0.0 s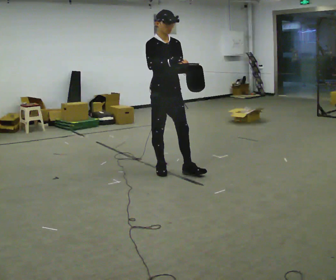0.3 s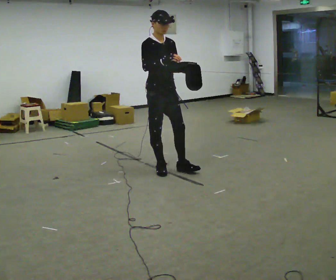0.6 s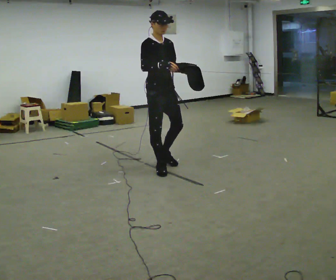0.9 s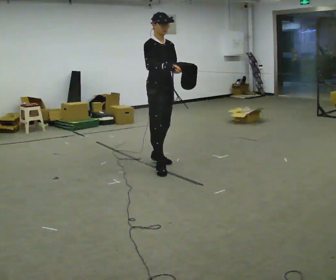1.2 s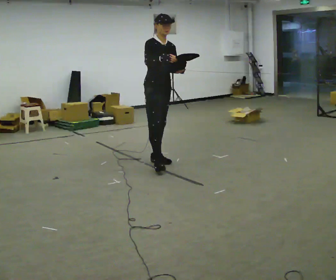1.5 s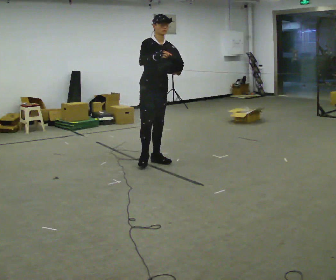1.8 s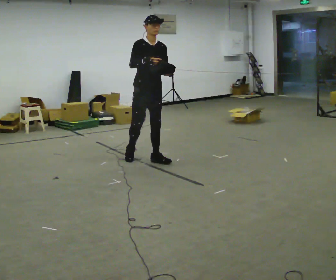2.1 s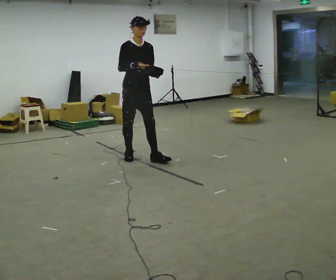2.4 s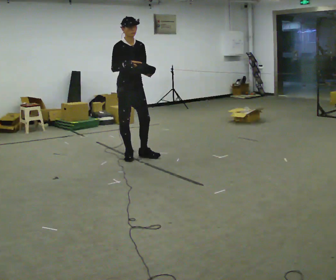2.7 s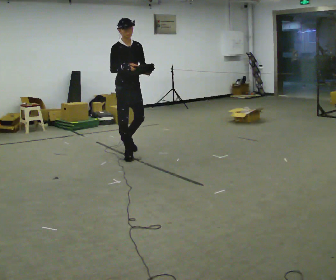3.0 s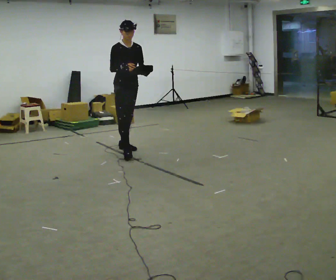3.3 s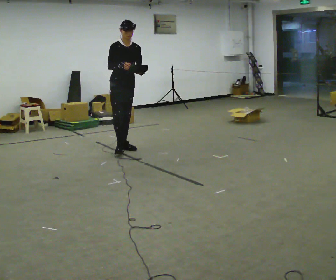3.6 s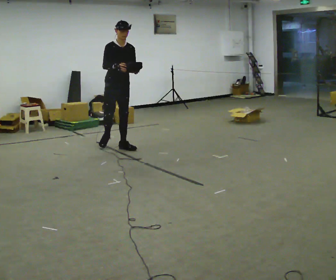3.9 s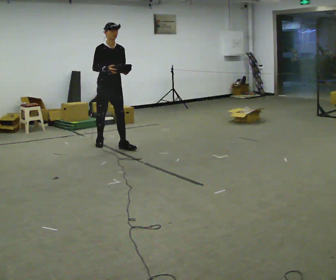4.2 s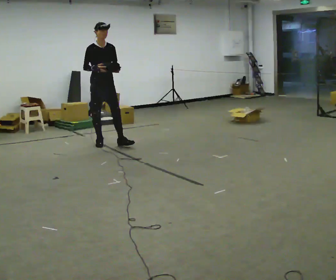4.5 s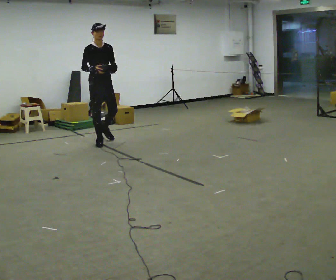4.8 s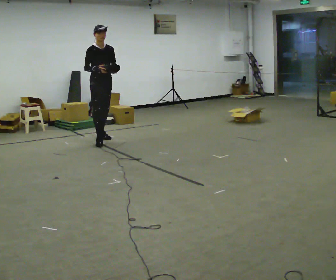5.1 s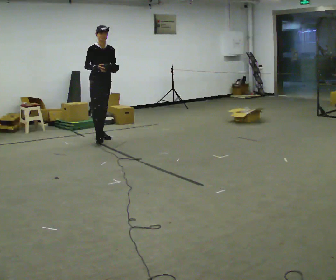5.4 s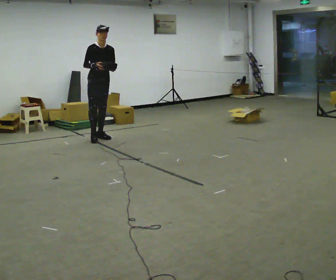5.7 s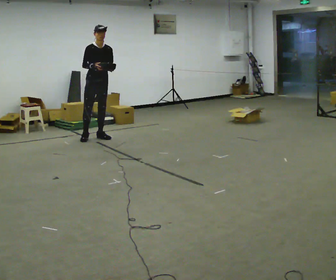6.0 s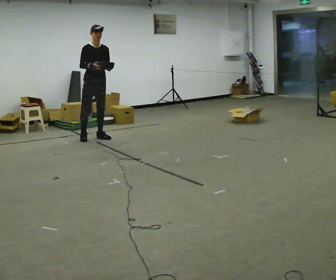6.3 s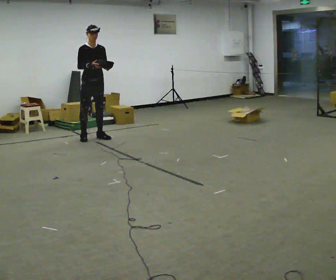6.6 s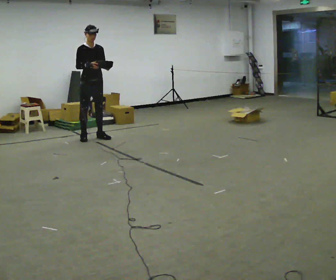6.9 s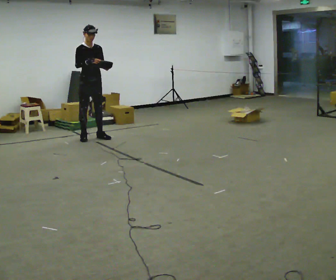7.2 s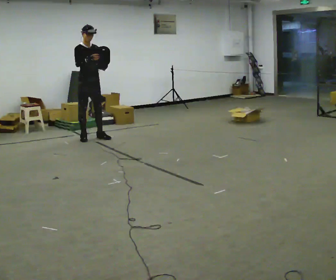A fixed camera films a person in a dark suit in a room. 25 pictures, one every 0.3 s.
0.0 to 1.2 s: In the picture they go away from the camera, about 0.25 m in 2 steps, which for them is backward and to their left.
1.2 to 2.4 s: In the picture they go away from the camera and to the left, about 0.5 m in 1 step, which for them is backward and to their right.
2.4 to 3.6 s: In the picture they go away from the camera, about 0.5 m in 1 step, which for them is backward.
3.6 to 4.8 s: In the picture they go away from the camera and to the left, about 0.5 m in 1 step, which for them is backward.
4.8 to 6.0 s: In the picture they go away from the camera, about 0.25 m in 1 step, which for them is backward.
6.0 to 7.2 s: The person moves a little, or ends about where they began.
The film runs backward here.
